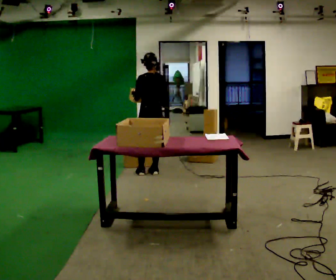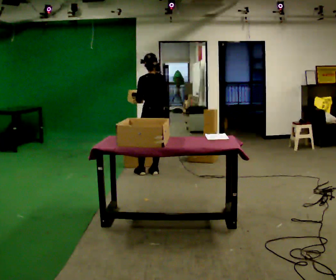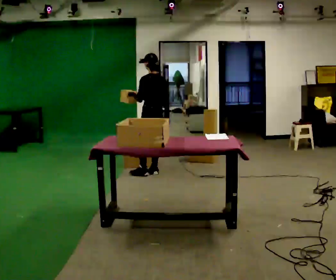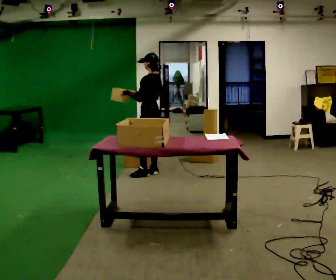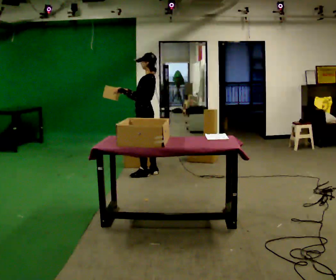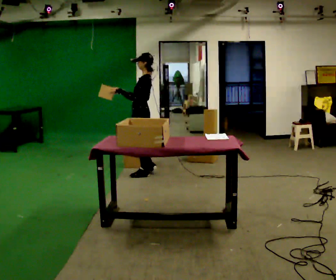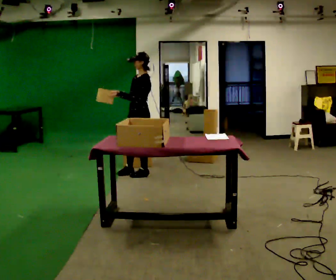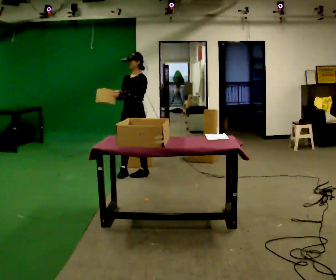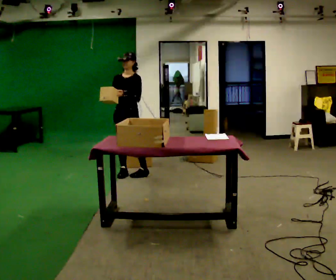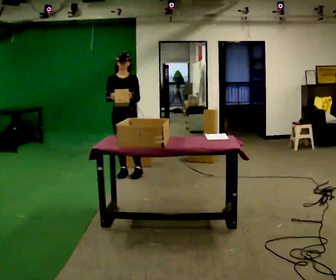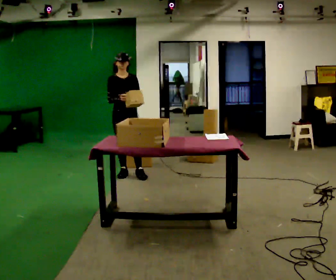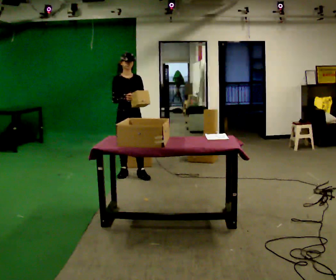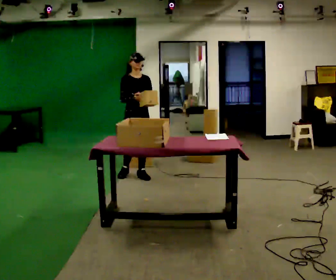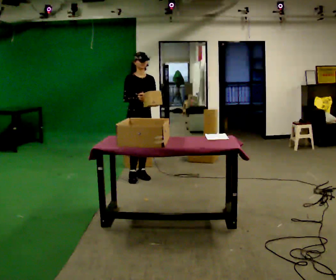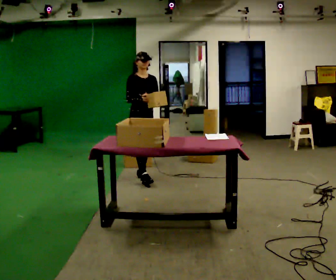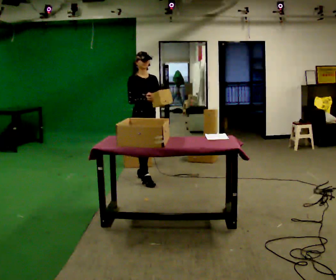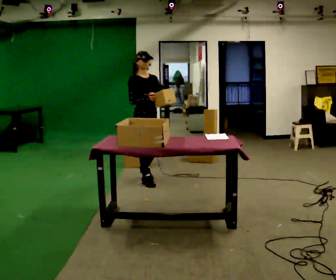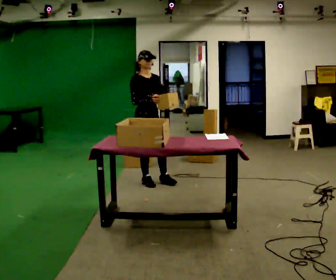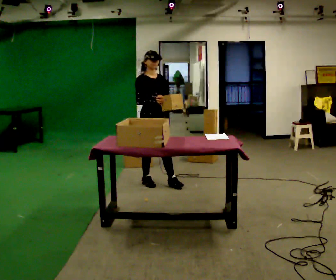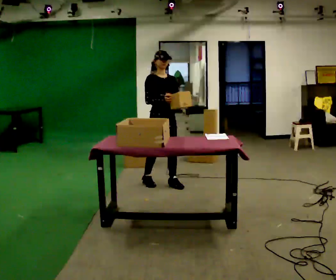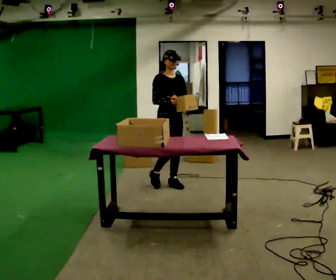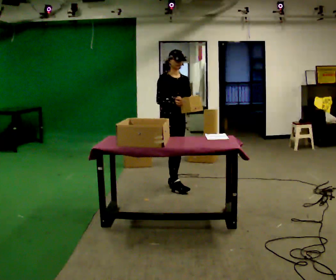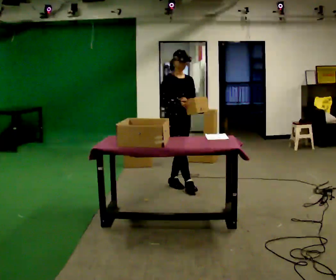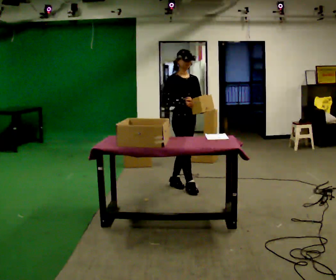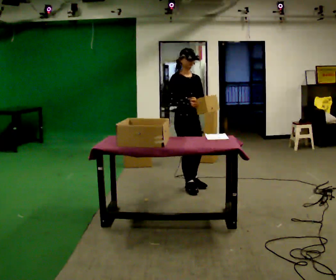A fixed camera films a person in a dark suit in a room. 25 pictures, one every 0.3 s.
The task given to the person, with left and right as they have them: 1. Read the parts list. 2. Collect each part from the bins around the room. 3. Lay them out on the table in the order on the list. 4. Put them all in the carry case. 5. Tell the operator when you are finished.
0.0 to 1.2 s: The part of the body nearest the lens slides to the right as the person turns to their left by about 45 degrees. In the picture their right hand goes to the left.
1.2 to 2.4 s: The person turns about 90 degrees to their left, counterclockwise seen from above, so the part of the body nearest the lens slides to the right. In the picture they go to the left, about 0.25 m in 1 step.
2.4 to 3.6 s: The part of the body nearest the lens slides to the right as the person turns to their left by about 45 degrees. In the picture their left hand goes to the right.
3.6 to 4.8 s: In the picture they go toward the camera, about 0.25 m in 1 step, which for them is forward.
4.8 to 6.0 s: In the picture they go to the right and toward the camera, about 0.25 m in 1 step, which for them is forward and to their left.
6.0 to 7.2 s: In the picture they go toward the camera and to the right, about 0.25 m in 1 step, which for them is forward.
The film runs forward here.
